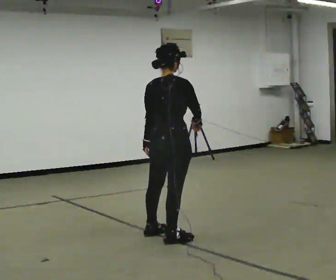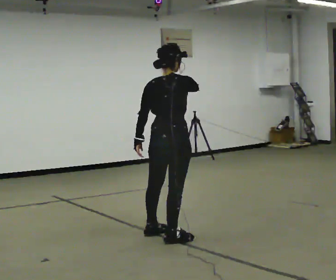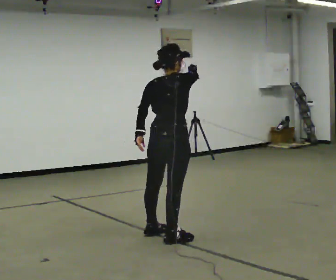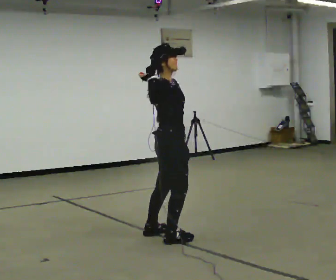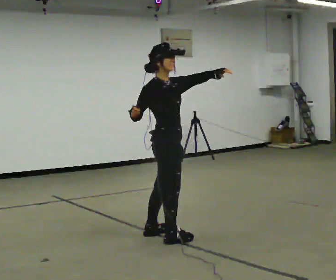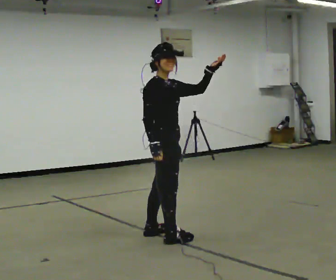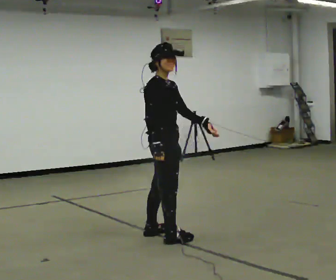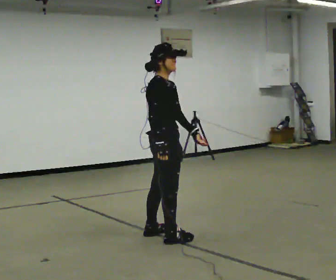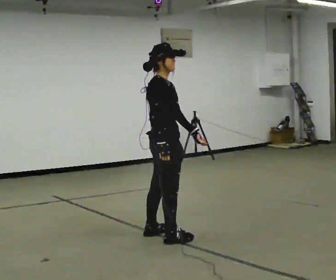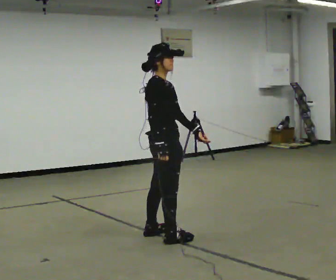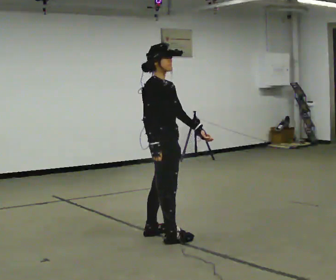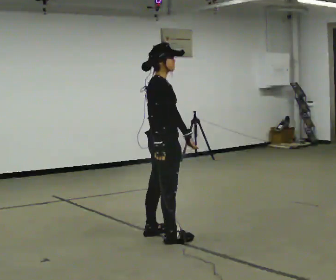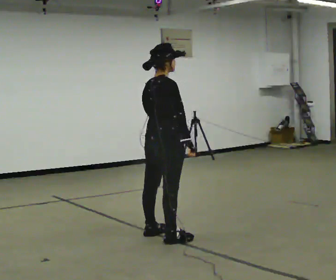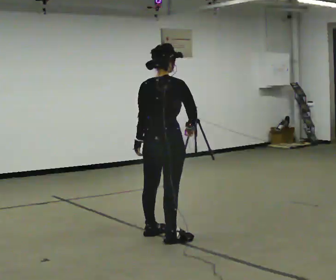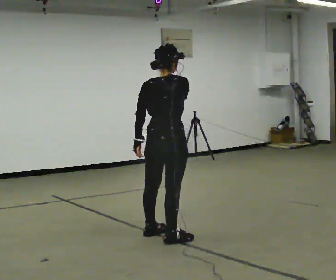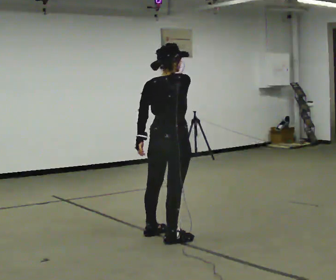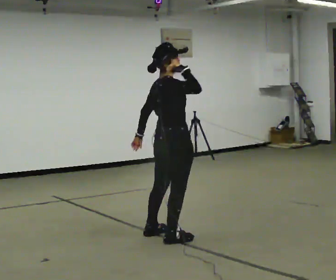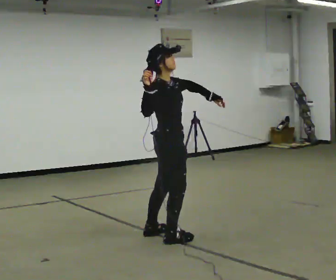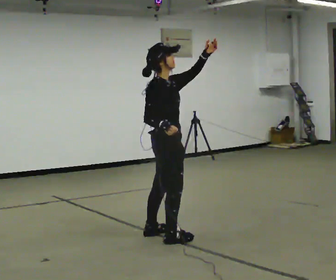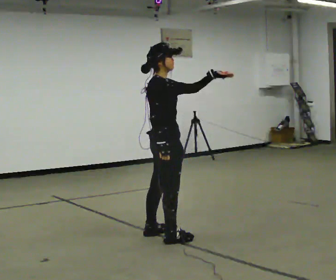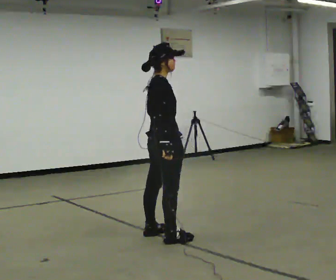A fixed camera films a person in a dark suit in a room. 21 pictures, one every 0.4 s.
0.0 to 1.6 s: The part of the body nearest the lens slides to the left as the person turns to their right by about 75 degrees. In the picture their left hand goes to the right and upward, the arm swinging counterclockwise.
1.6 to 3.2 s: In the picture their left hand goes downward.
3.2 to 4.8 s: The part of the body nearest the lens slides to the right as the person turns to their left by about 30 degrees.
4.8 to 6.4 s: In the picture their right hand goes upward.
6.4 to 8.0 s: The part of the body nearest the lens slides to the left as the person turns to their right by about 30 degrees. In the picture their right hand goes downward.
The film runs backward here.
